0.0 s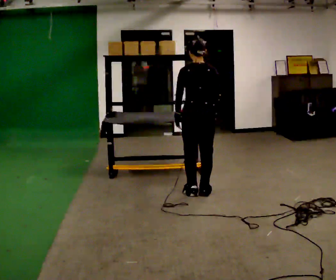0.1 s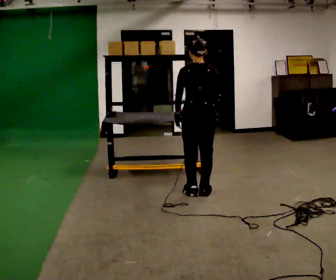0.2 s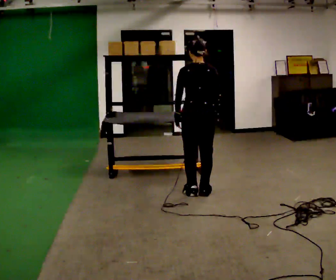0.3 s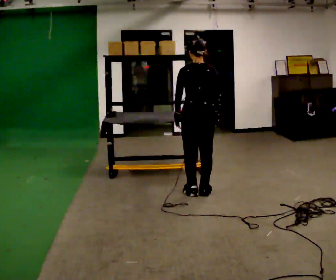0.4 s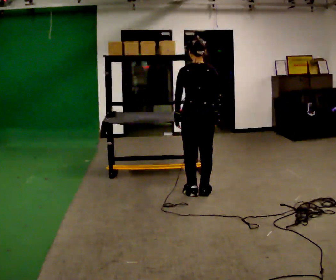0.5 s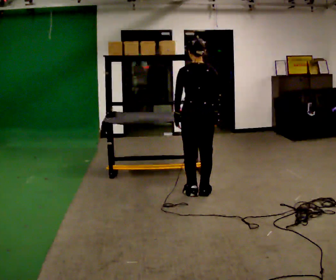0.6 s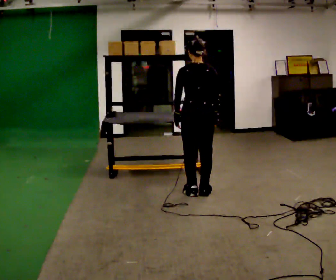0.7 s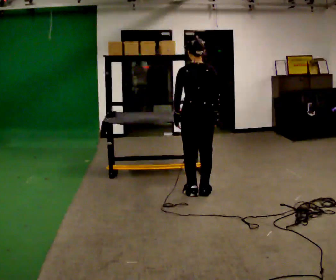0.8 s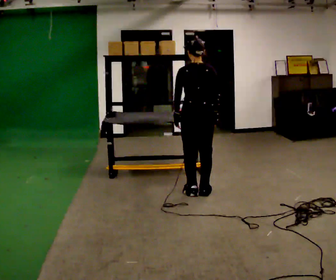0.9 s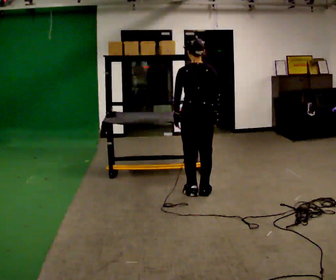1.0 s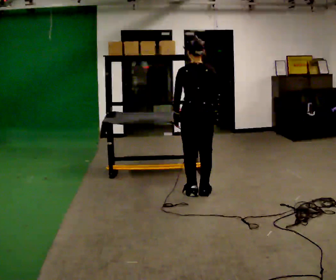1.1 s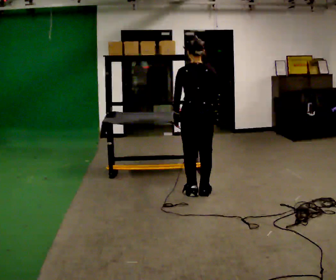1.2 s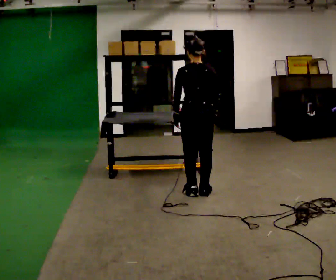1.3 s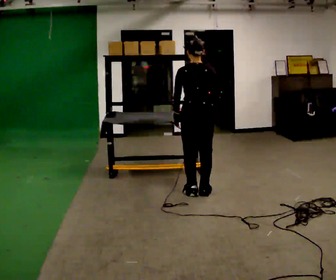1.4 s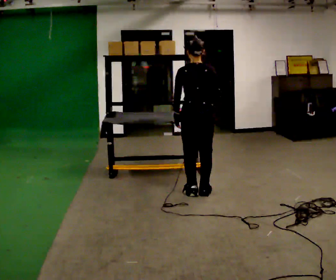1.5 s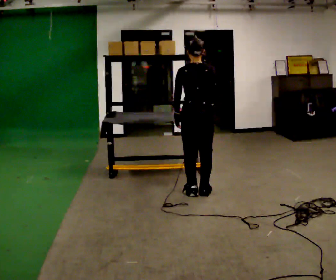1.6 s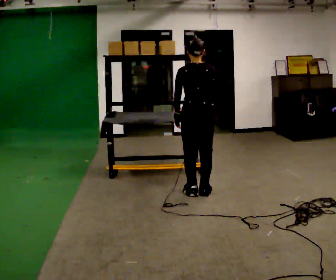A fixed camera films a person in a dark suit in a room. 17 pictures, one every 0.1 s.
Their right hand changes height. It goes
upward.
0.0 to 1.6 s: In the picture their right hand goes upward.
The film runs forward here.
